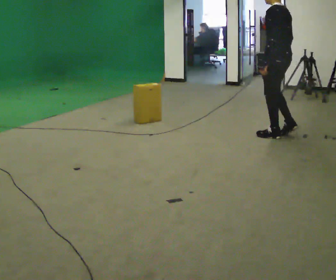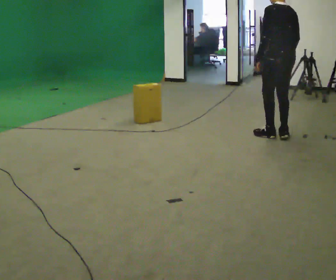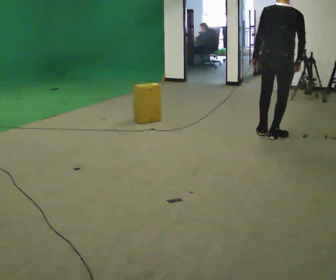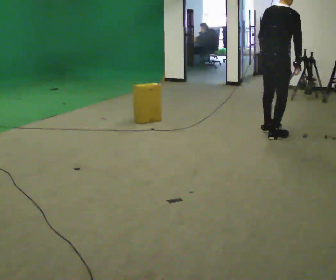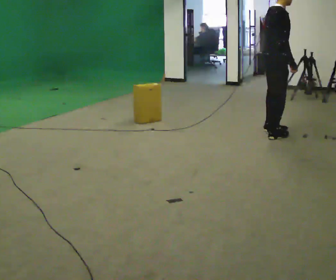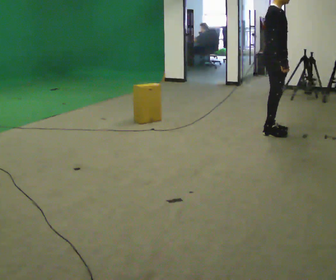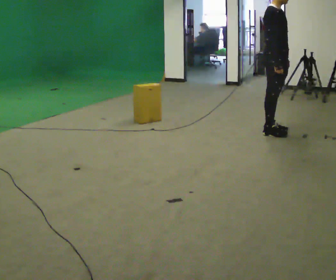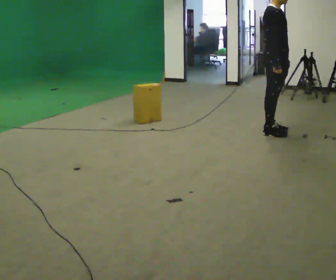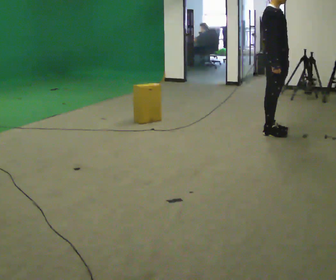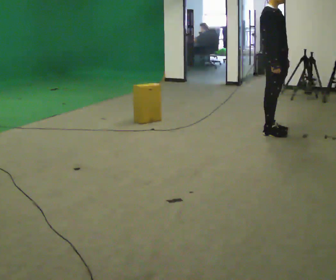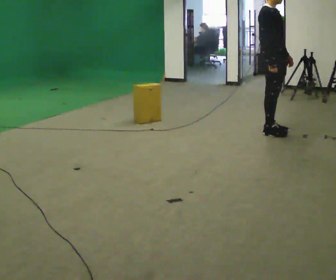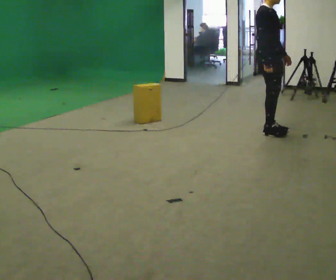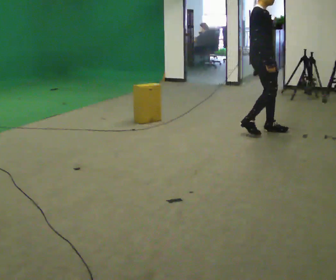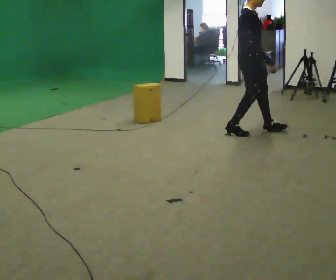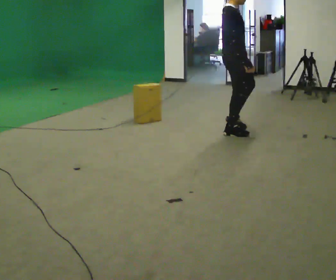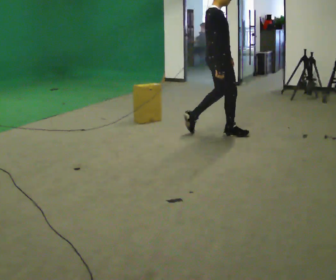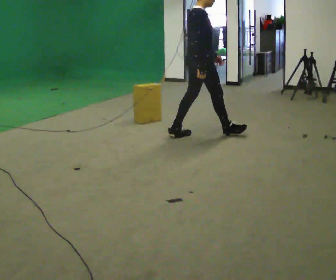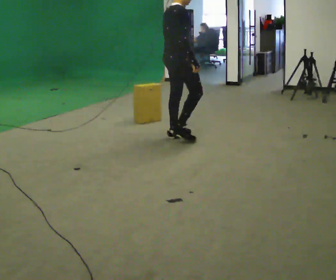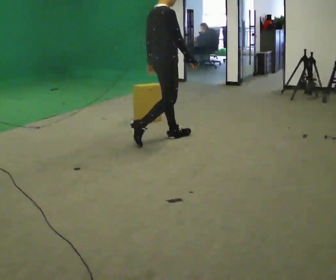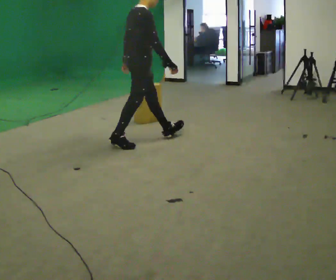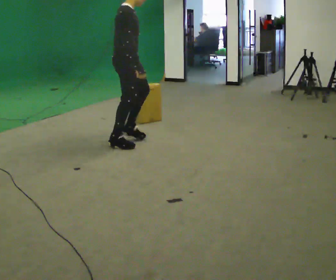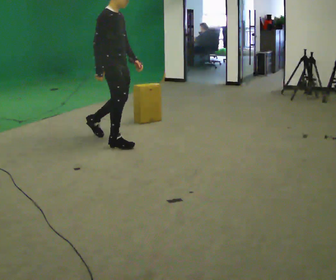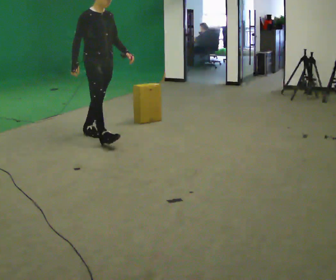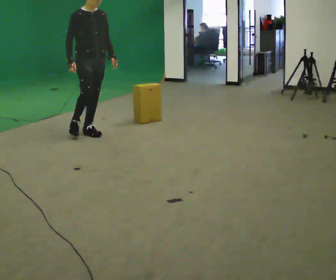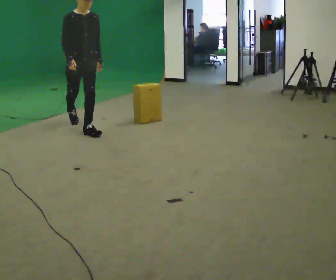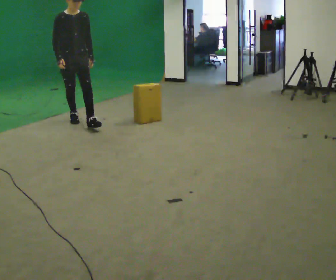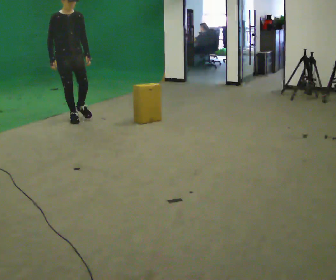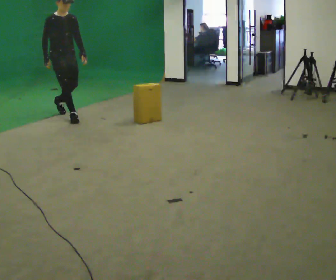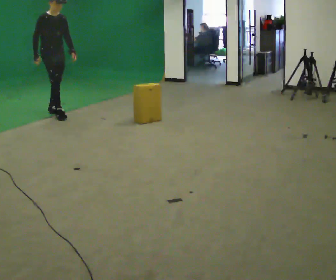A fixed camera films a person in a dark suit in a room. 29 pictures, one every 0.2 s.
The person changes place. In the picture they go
to the left.
0.0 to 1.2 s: The person turns about 180 degrees to their right, clockwise seen from above, so the part of the body nearest the lens slides to the left.
1.2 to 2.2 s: The person moves a little, or ends about where they began.
2.2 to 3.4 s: The person turns about 45 degrees to their left, counterclockwise seen from above, so the part of the body nearest the lens slides to the right. In the picture they go to the left, about 1 m in 2 steps, which for them is backward.
3.4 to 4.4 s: The person turns about 60 degrees to their right, clockwise seen from above, so the part of the body nearest the lens slides to the left. In the picture they go to the left, about 1 m in 2 steps.
4.4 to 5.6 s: In the picture they go to the left and away from the camera, about 1.5 m in 2 steps, which for them is backward.
The film runs backward here.
